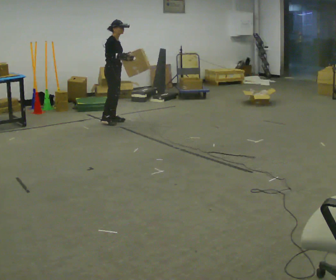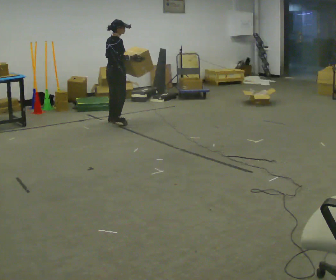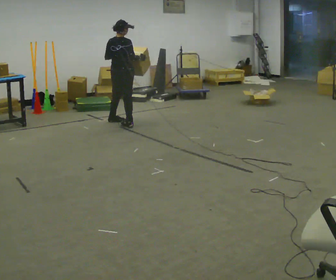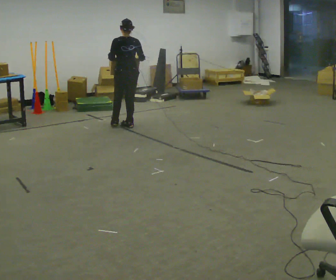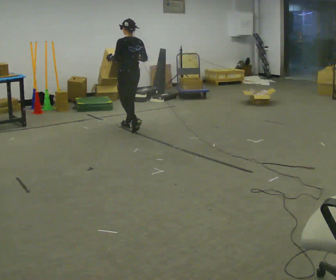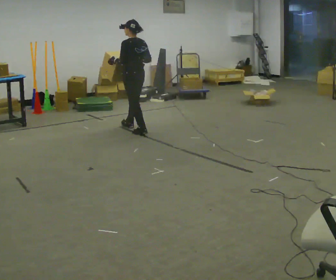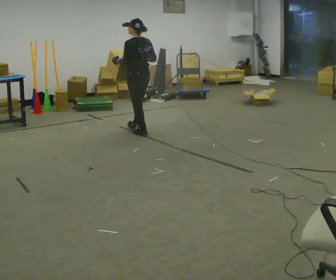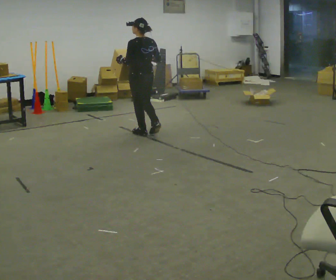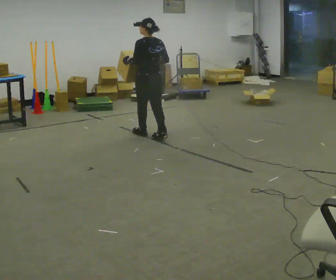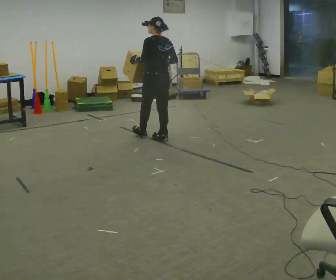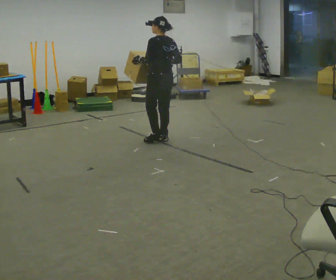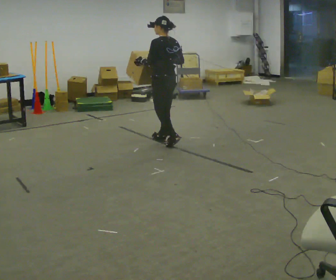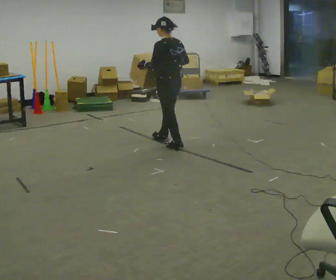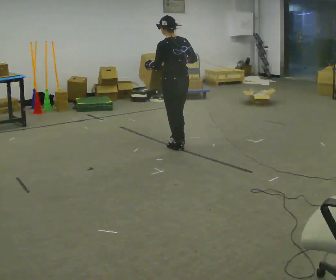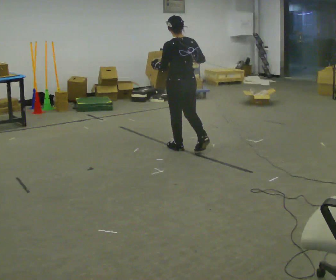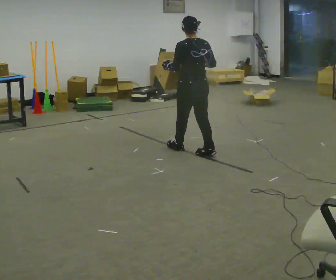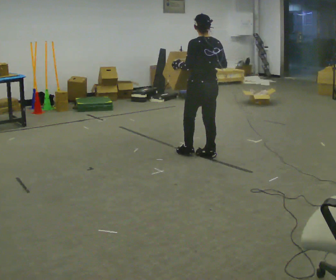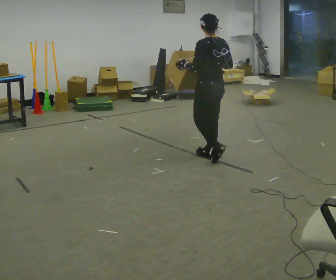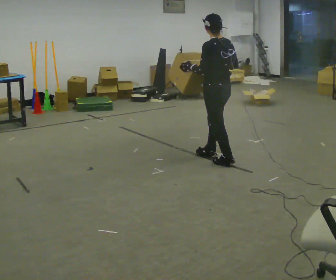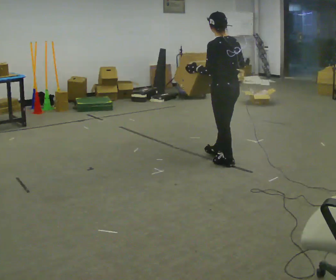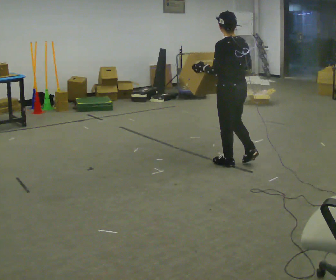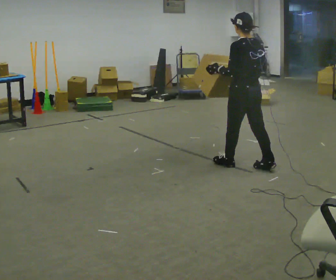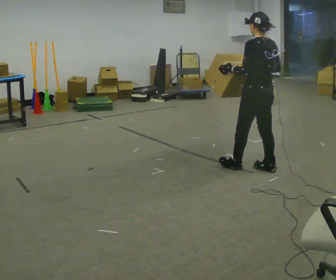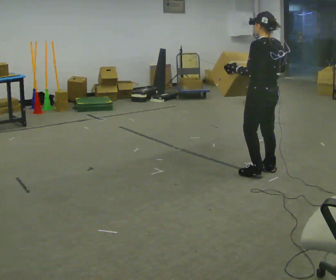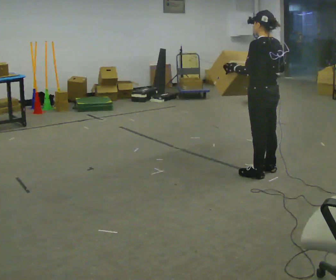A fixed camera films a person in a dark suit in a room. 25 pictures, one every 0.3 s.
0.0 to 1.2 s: Seen from above the body turns counterclockwise, about 135 degrees: to their left, with its near side sliding to the right. In the picture they go toward the camera and to the right, about 0.5 m in 1 step.
1.2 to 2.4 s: In the picture they go toward the camera and to the right, about 0.5 m in 1 step, which for them is backward.
2.4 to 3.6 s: In the picture they go toward the camera and to the right, about 0.5 m in 1 step, which for them is backward.
3.6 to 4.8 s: In the picture they go toward the camera and to the right, about 0.5 m in 2 steps, which for them is backward.
4.8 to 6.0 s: In the picture they go toward the camera and to the right, about 0.5 m in 1 step, which for them is backward.
6.0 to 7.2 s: In the picture they go to the right and toward the camera, about 0.25 m in 1 step, which for them is backward.
The film runs backward here.
